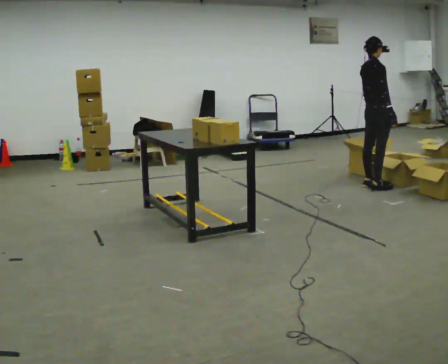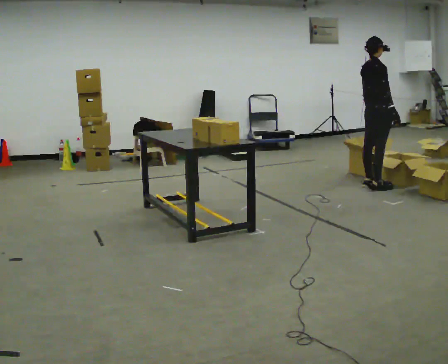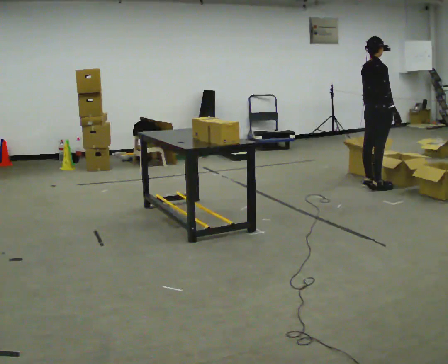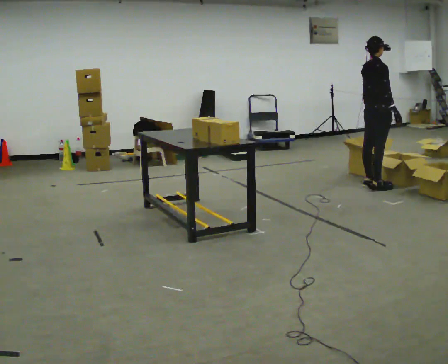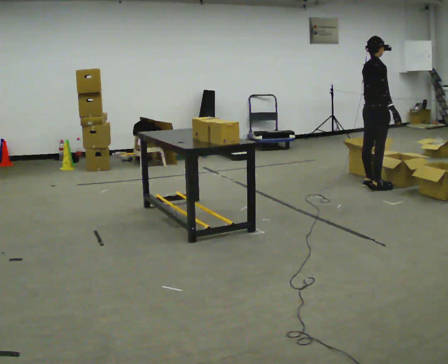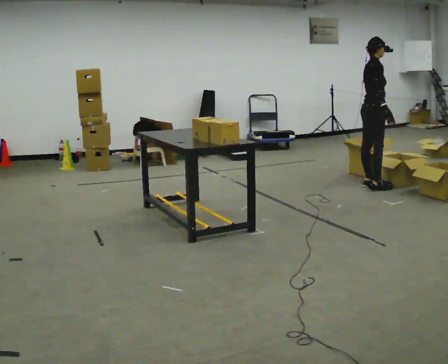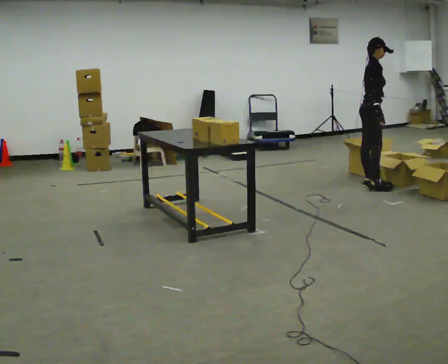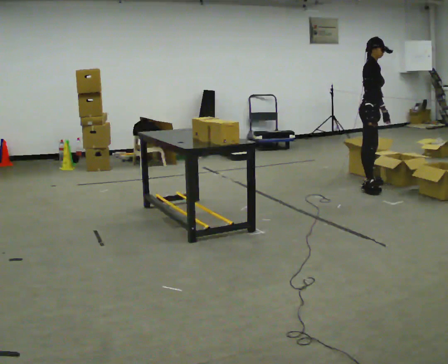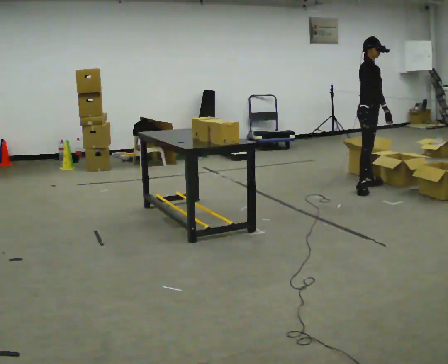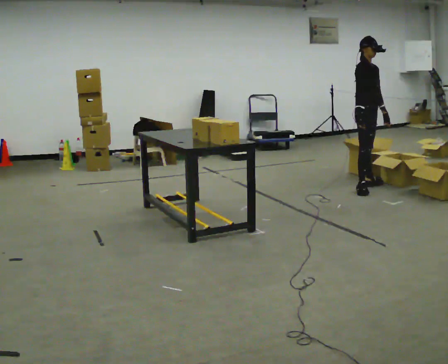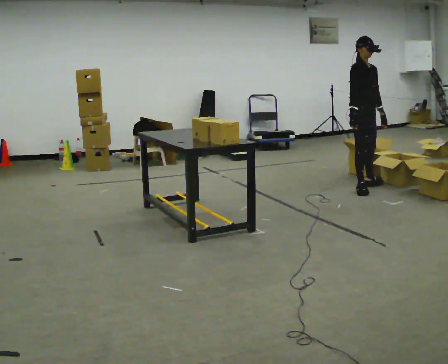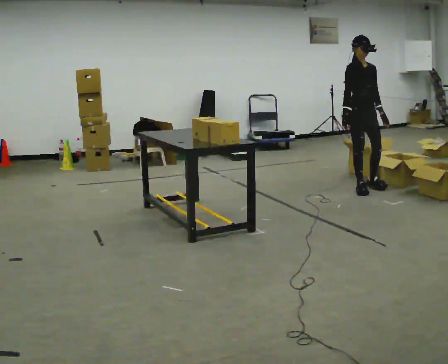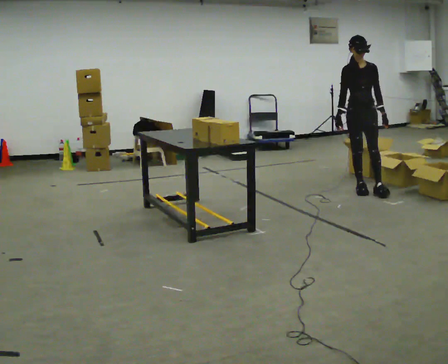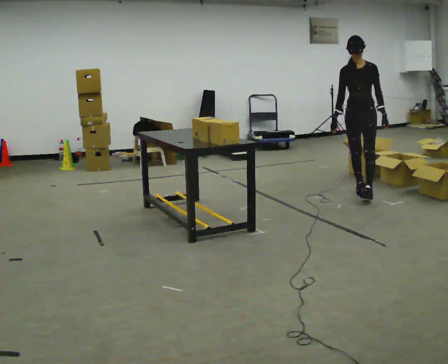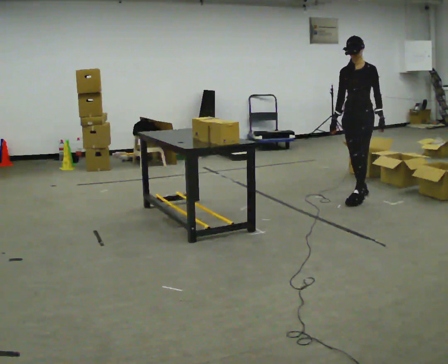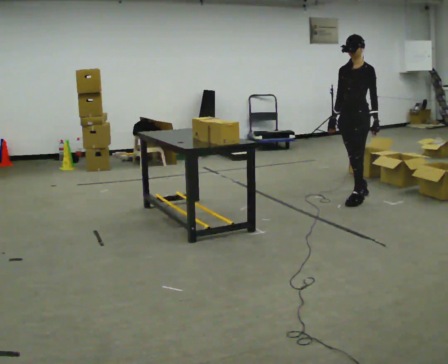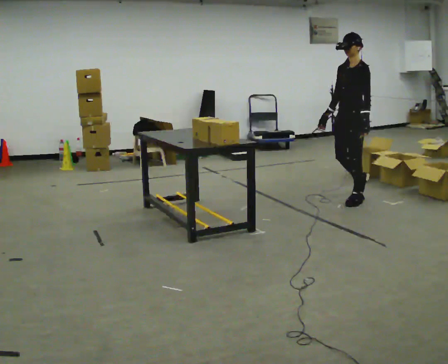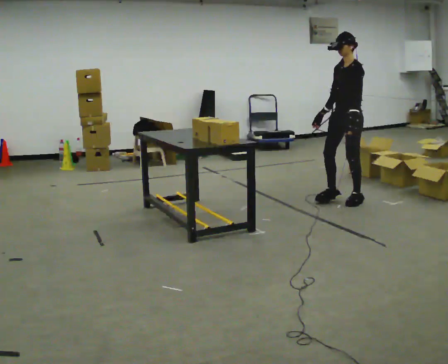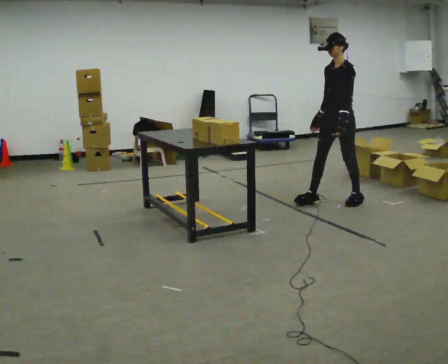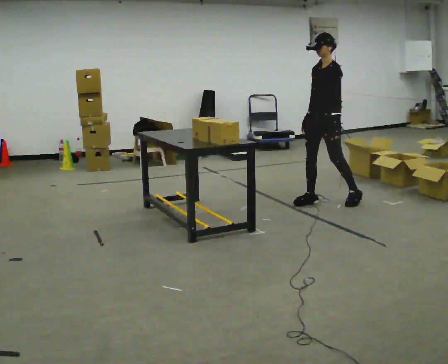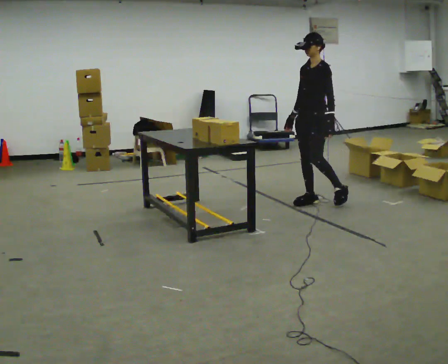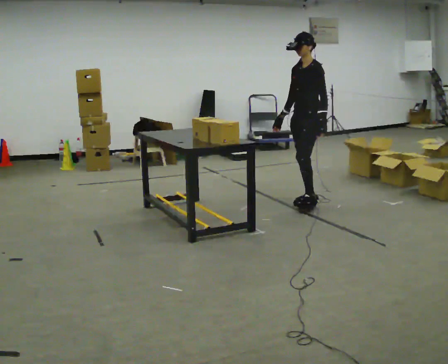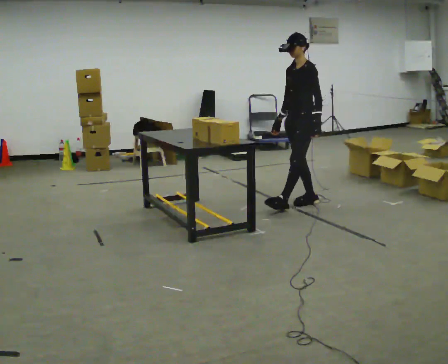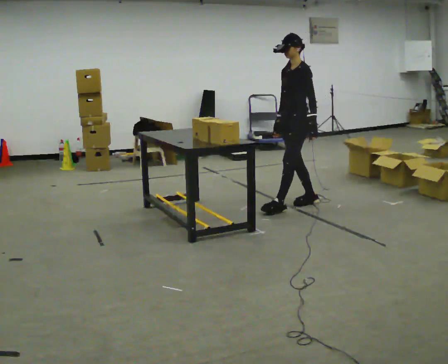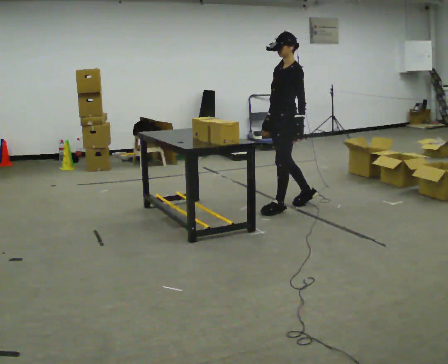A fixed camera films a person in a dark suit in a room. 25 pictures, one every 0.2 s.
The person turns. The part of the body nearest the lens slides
to the left.
The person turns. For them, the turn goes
to their right.
0.0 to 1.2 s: The part of the body nearest the lens slides to the left as the person turns to their right by about 30 degrees.
1.2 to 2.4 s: Seen from above the body turns clockwise, about 75 degrees: to their right, with its near side sliding to the left. In the picture they go toward the camera, about 0.25 m in 1 step.
2.4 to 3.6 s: The person turns about 60 degrees to their right, clockwise seen from above, so the part of the body nearest the lens slides to the left. In the picture they go toward the camera and to the left, about 0.5 m in 2 steps.
3.6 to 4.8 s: In the picture they go to the left and toward the camera, about 0.5 m in 1 step, which for them is forward.
The film runs forward here.
